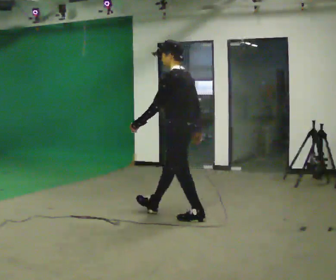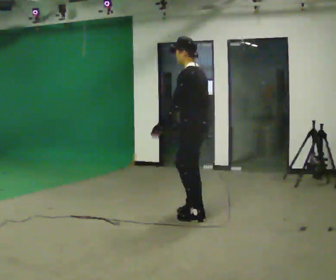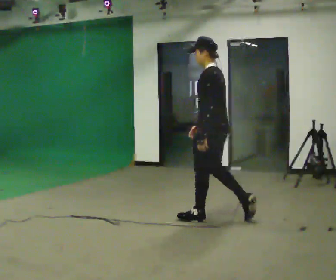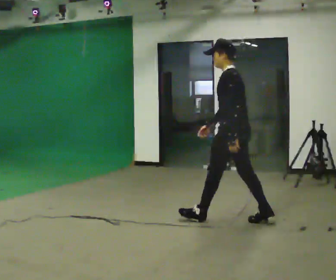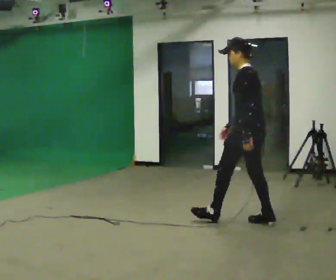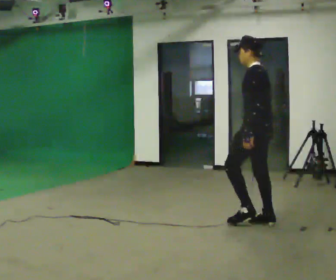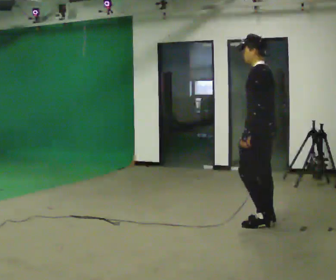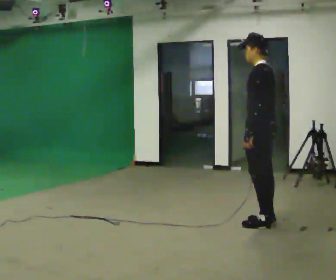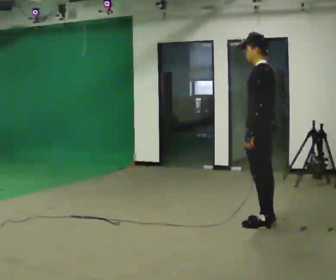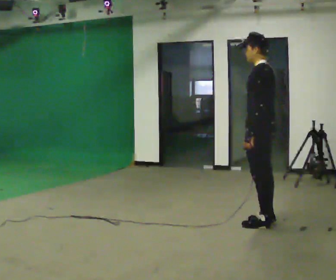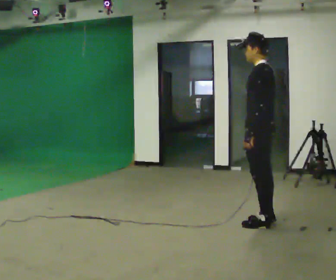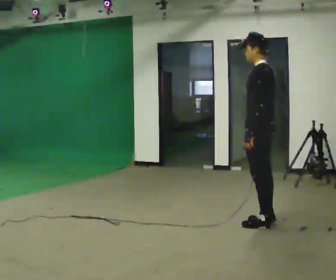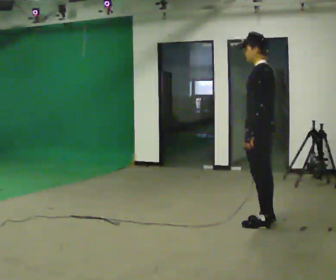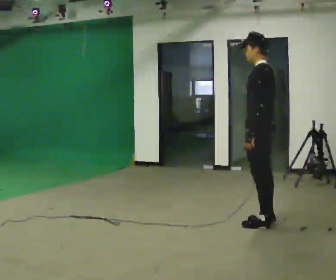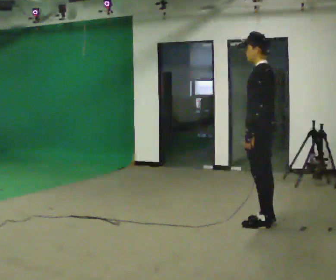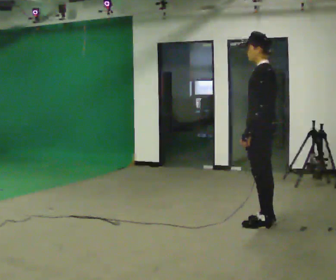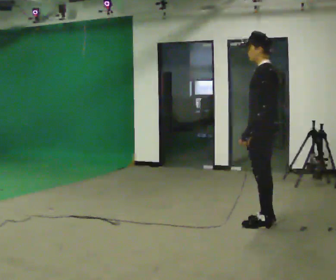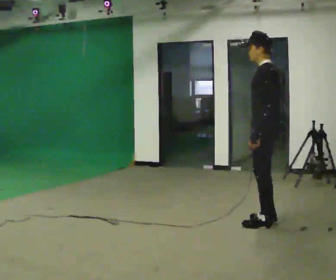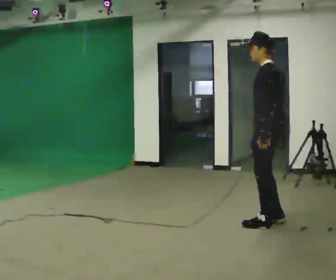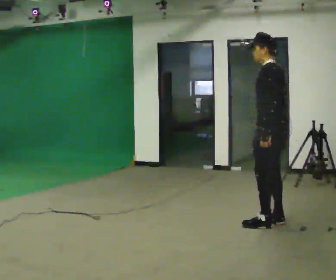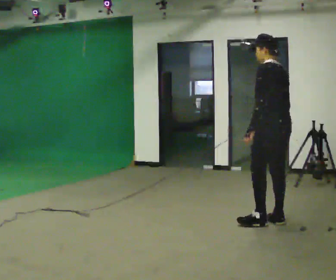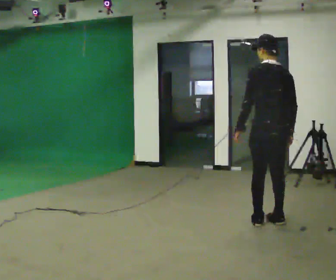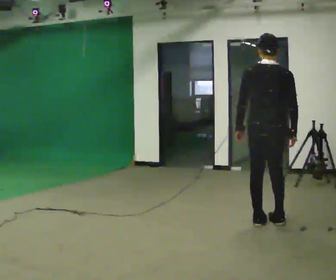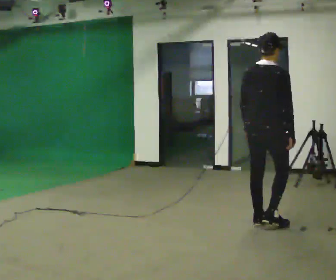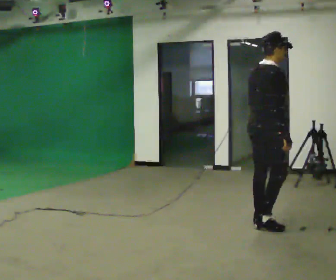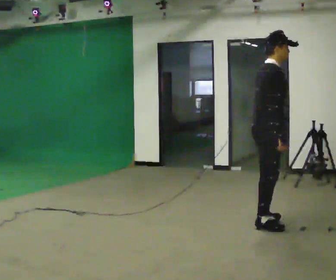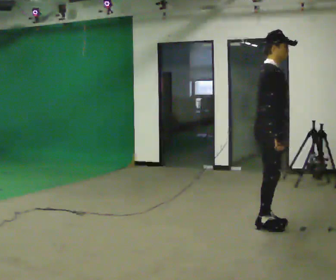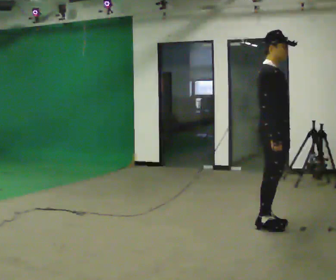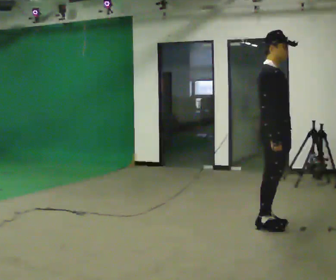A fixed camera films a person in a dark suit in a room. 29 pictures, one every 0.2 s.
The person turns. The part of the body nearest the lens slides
to the left.
The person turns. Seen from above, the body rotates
clockwise.
0.0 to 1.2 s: In the picture they go to the right, about 1 m in 1 step, which for them is backward.
1.2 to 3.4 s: The person moves a little, or ends about where they began.
3.4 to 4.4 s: The person turns about 75 degrees to their right, clockwise seen from above, so the part of the body nearest the lens slides to the left.
4.4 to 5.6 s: The person turns about 120 degrees to their right, clockwise seen from above, so the part of the body nearest the lens slides to the left. In the picture their left hand goes to the right.
The film runs backward here.
